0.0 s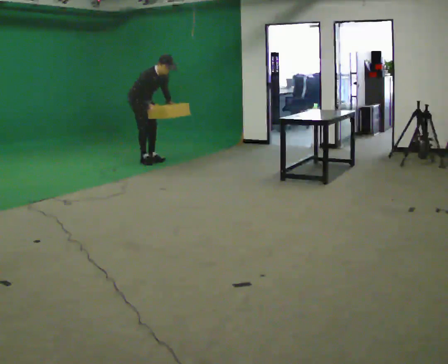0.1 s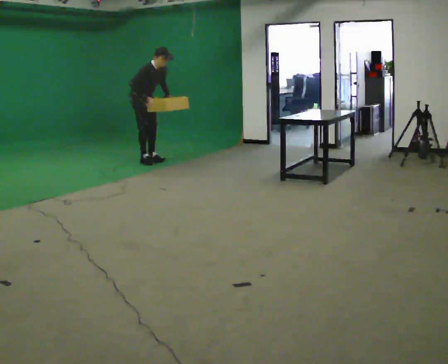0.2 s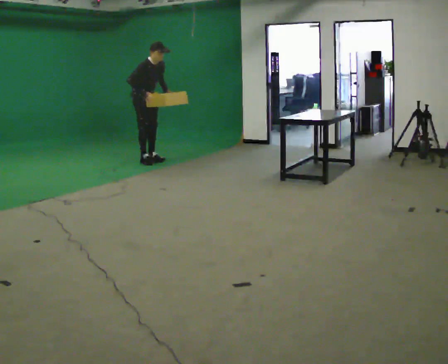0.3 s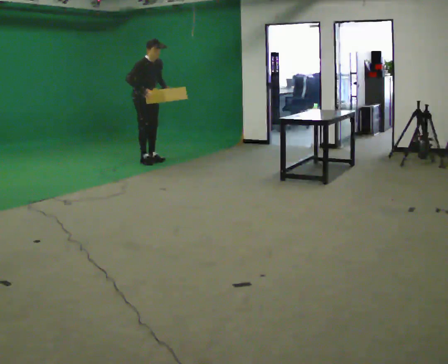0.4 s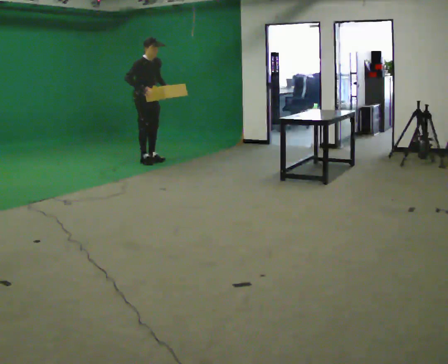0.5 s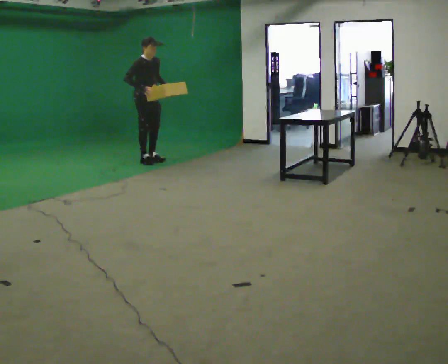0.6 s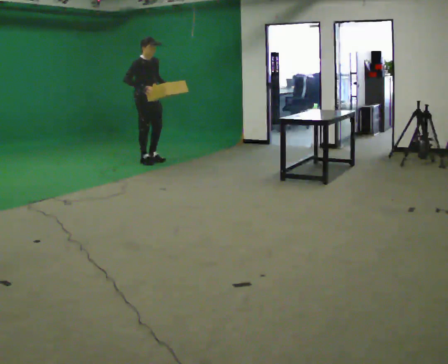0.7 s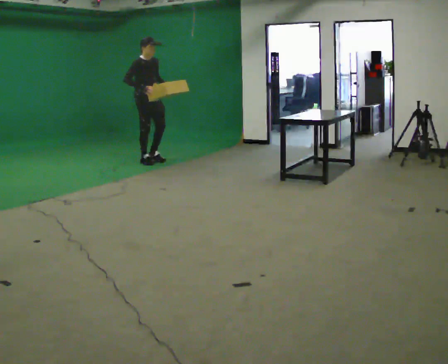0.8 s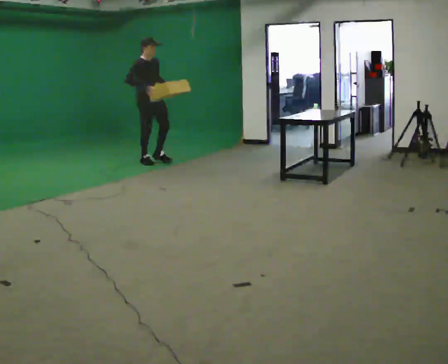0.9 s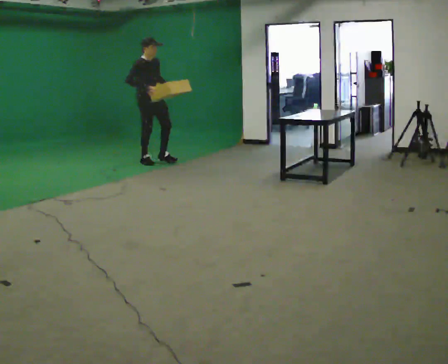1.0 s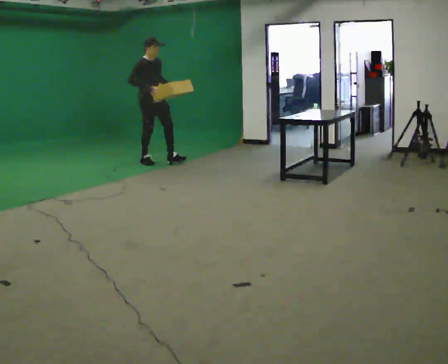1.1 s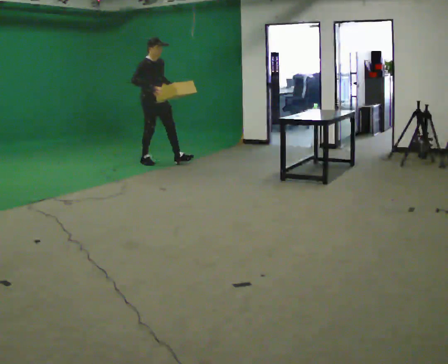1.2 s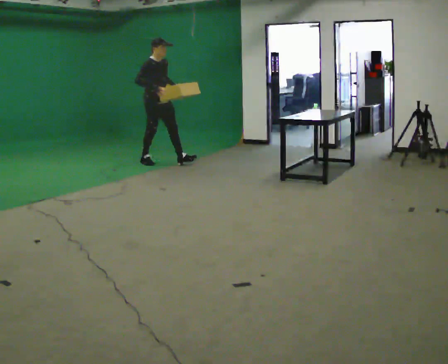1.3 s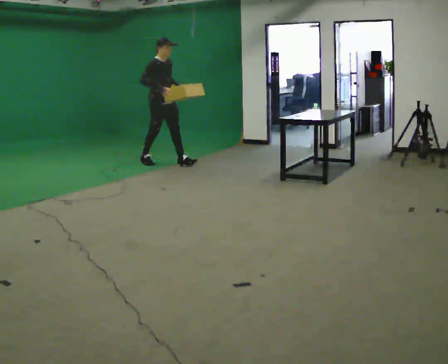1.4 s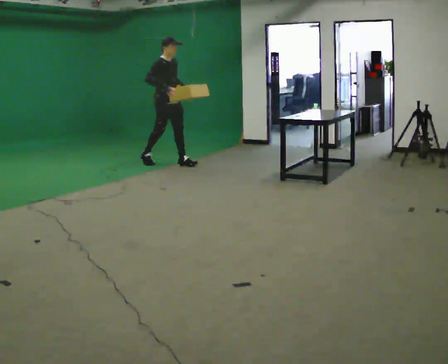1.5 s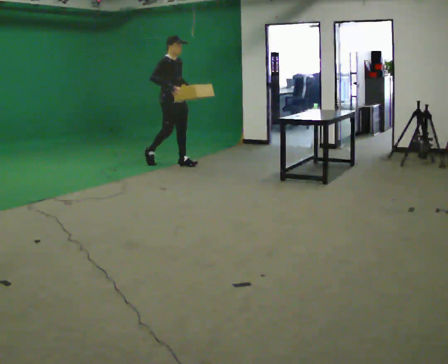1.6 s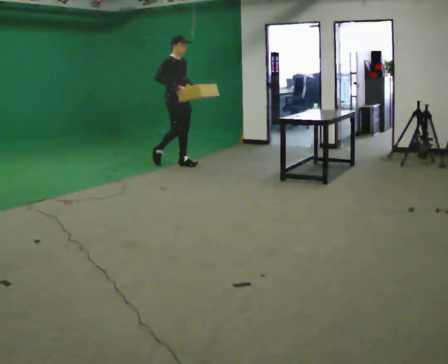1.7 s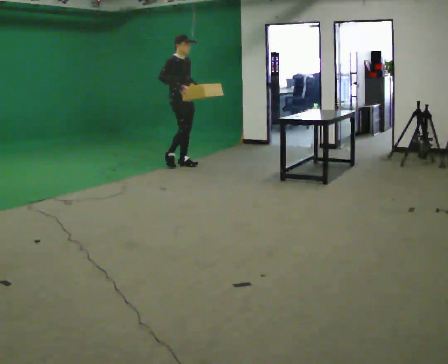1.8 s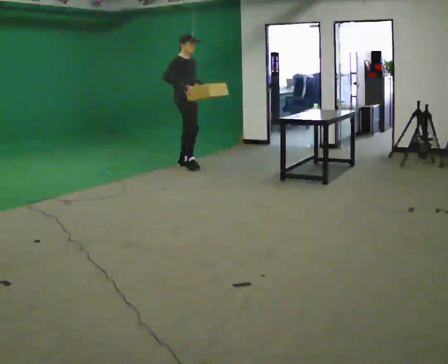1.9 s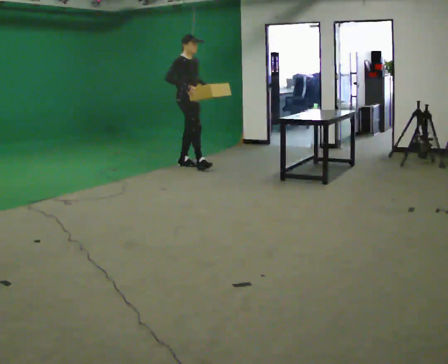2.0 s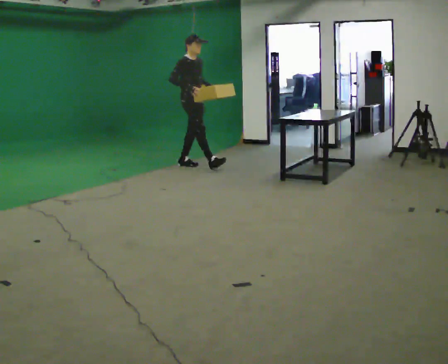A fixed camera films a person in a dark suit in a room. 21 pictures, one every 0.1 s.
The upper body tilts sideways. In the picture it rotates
counterclockwise.
0.0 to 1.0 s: In the picture they go toward the camera and to the right, about 0.25 m, which for them is forward. In the picture the upper body tilts counterclockwise, shoulders to the left, as they lean back or straighten.
1.0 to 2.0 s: In the picture they go to the right and toward the camera, about 0.75 m in 1 step, which for them is forward.
The film runs forward here.
